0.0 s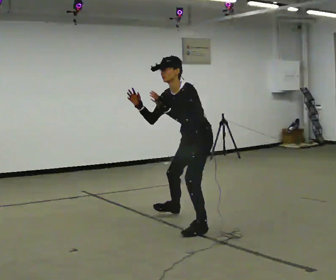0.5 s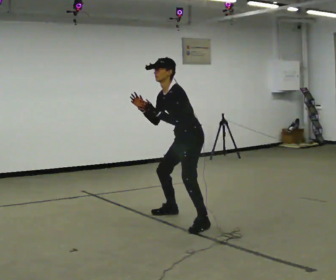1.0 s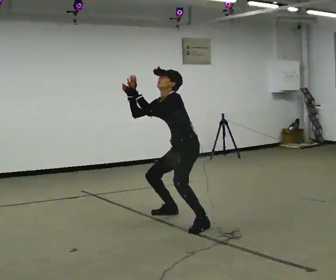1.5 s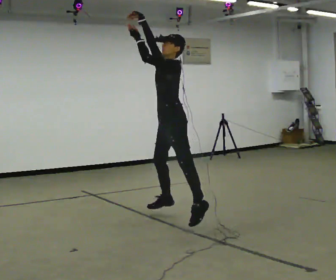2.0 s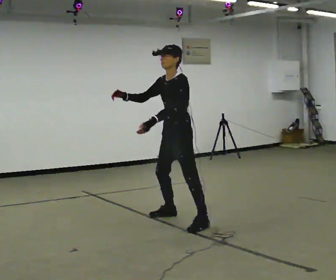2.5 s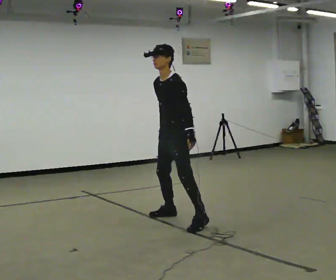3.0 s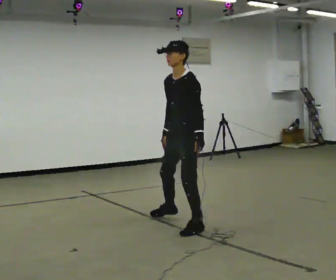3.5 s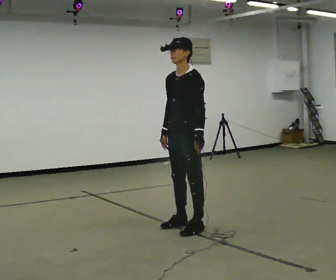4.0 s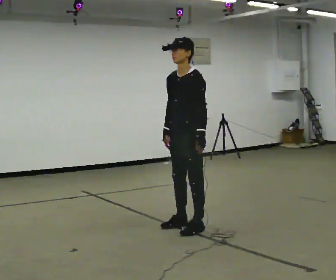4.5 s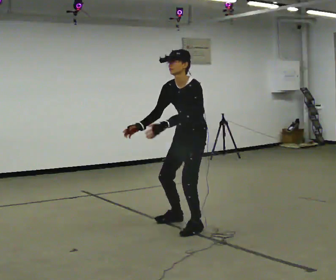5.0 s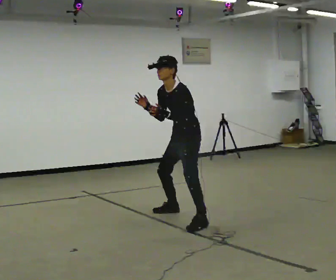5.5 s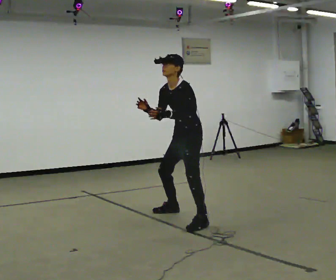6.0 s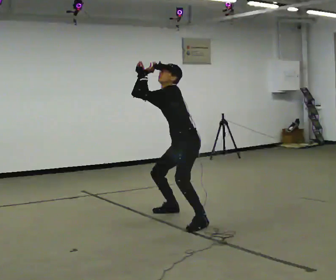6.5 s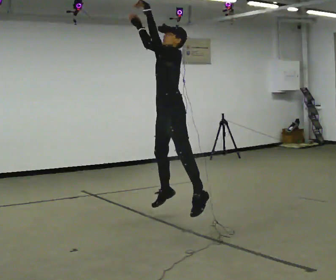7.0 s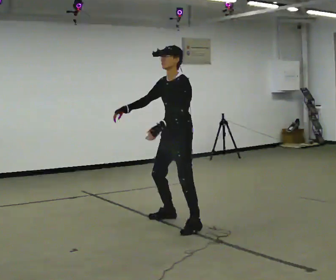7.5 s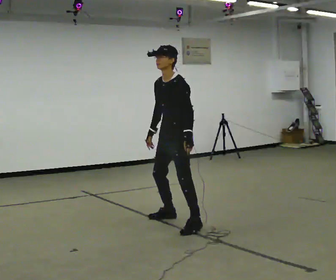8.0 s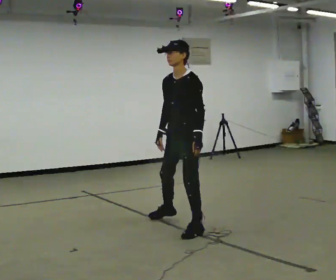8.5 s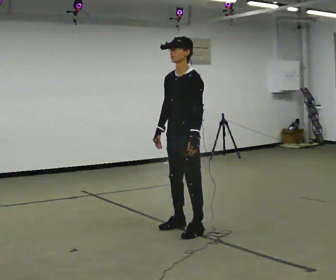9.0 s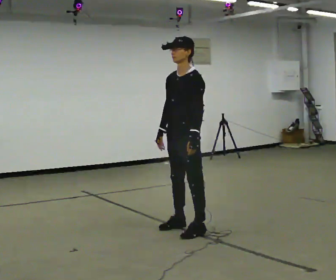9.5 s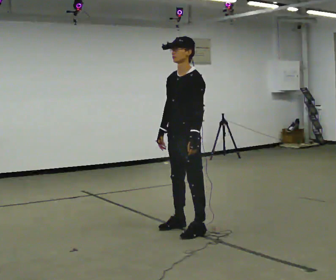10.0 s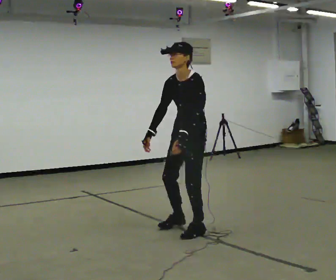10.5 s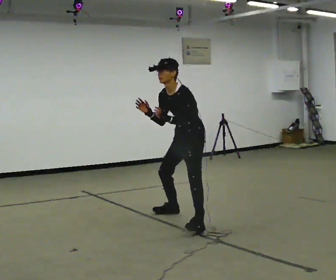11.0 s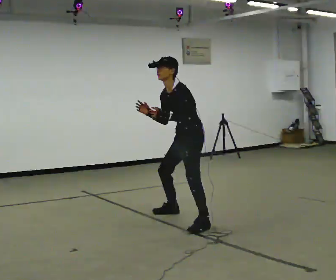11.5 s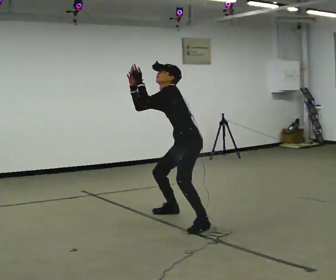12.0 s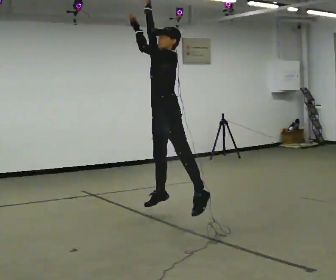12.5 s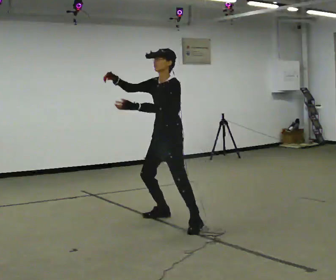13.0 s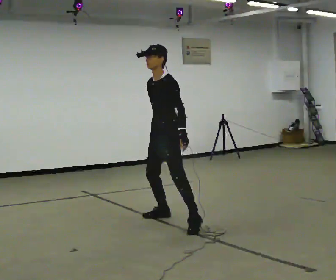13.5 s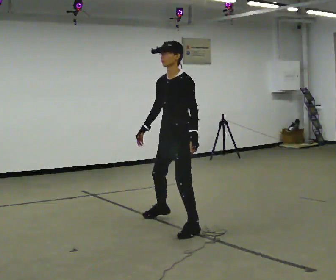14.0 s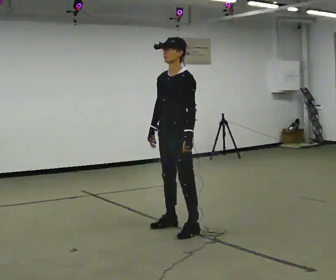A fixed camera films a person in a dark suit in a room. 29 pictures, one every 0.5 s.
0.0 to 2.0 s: In the picture they go to the left, about 0.25 m in 2 steps, which for them is to their right.
2.0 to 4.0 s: In the picture they go toward the camera, about 0.25 m in 1 step, which for them is to their left and forward. In the picture their right hand goes downward, the arm swinging counterclockwise.
4.0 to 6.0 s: In the picture they go away from the camera, about 0.5 m in 1 step, which for them is to their right and backward. In the picture the upper body tilts counterclockwise, shoulders to the left. In the picture their left hand goes upward.
6.0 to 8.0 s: In the picture they go toward the camera, about 0.5 m in 1 step, which for them is to their left and forward. In the picture their left hand goes downward.
8.0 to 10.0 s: The person moves a little, or ends about where they began.
10.0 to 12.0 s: In the picture they go away from the camera and to the left, about 0.5 m in 2 steps, which for them is to their right. In the picture their right hand goes upward.
12.0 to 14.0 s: In the picture they go toward the camera, about 0.5 m in 3 steps, which for them is to their left. In the picture their right hand goes downward, the arm swinging counterclockwise.
The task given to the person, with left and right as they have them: Mime a jump shot with no ball: catch, set, rise and release. Repeat the movement at your own pace until the operator says stop; do not rush.
The film runs forward here.
